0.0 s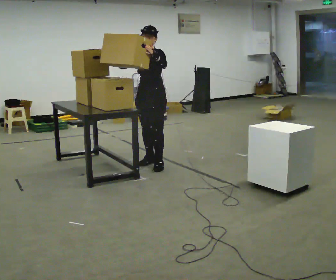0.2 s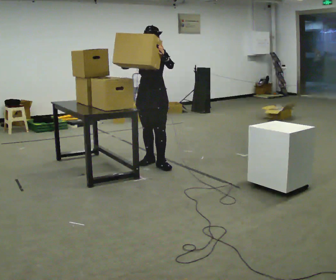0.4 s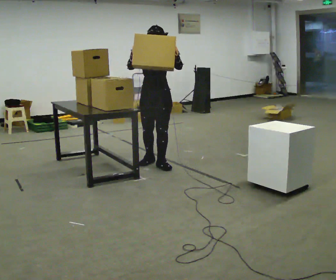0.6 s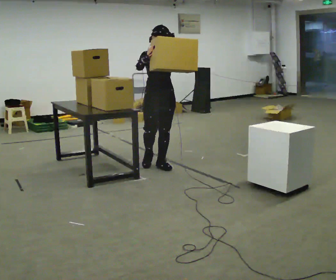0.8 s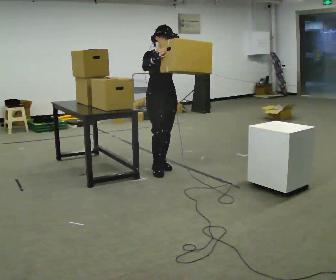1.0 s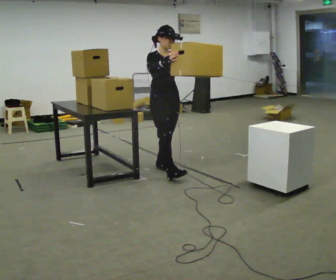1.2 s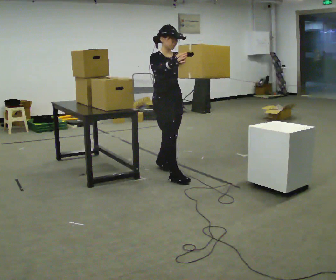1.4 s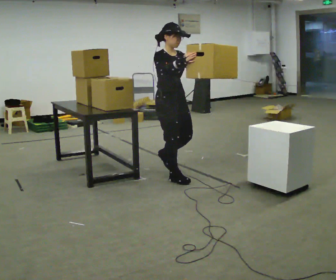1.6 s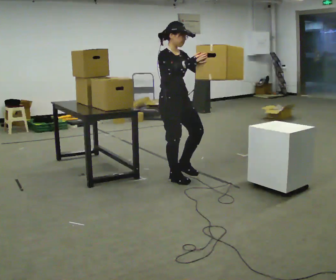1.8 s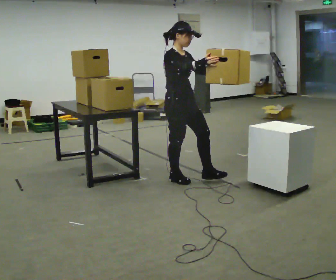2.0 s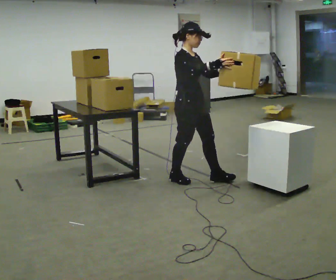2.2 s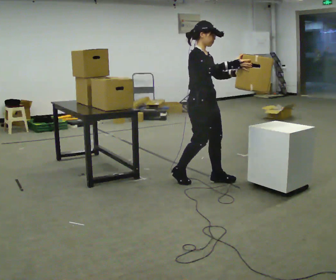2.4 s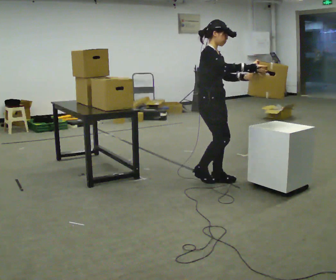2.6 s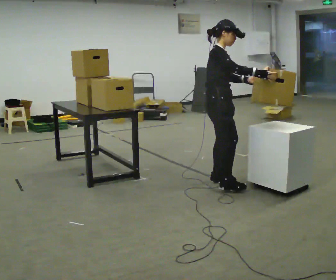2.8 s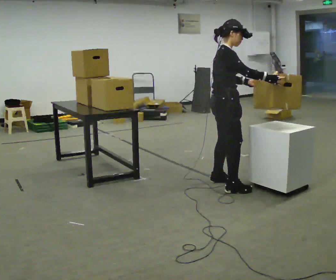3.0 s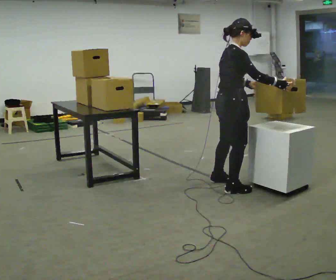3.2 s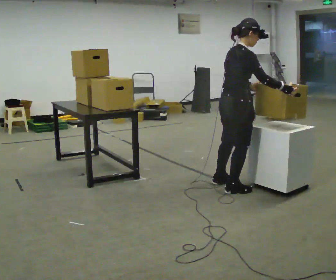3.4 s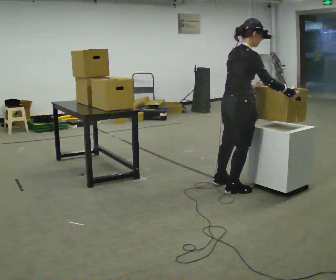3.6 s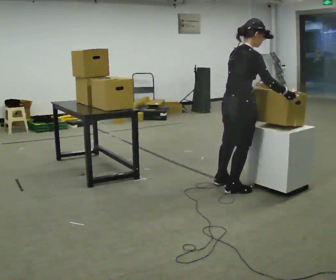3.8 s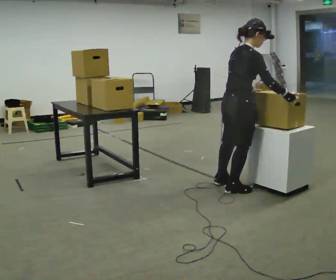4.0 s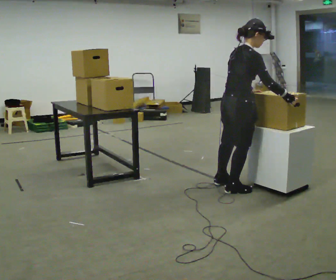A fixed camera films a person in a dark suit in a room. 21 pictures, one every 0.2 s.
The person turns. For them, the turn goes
to their left.
The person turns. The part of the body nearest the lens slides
to the right.
0.0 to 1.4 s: The person turns about 75 degrees to their left, counterclockwise seen from above, so the part of the body nearest the lens slides to the right. In the picture they go toward the camera and to the right, about 0.5 m in 1 step.
1.4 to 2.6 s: Seen from above the body turns counterclockwise, about 30 degrees: to their left, with its near side sliding to the right. In the picture they go to the right and toward the camera, about 0.5 m in 1 step, which for them is forward.
2.6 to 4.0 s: Seen from above the body turns counterclockwise, about 30 degrees: to their left, with its near side sliding to the right. In the picture they go toward the camera and to the right, about 0.25 m in 1 step, which for them is to their right.
The film runs forward here.
